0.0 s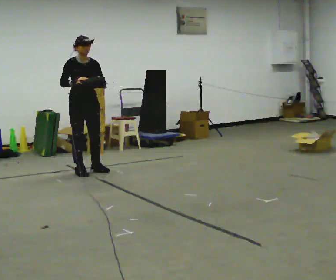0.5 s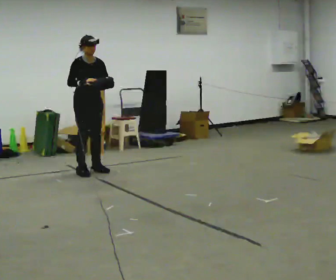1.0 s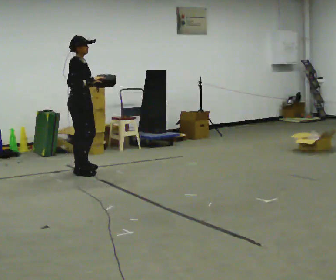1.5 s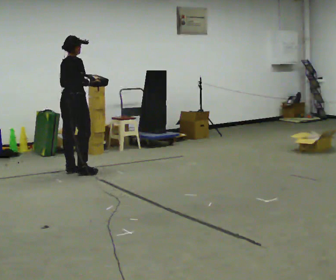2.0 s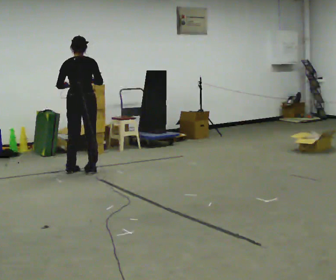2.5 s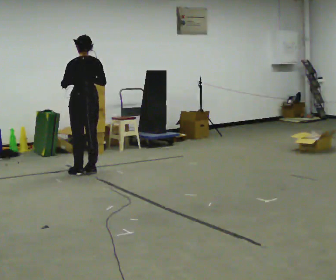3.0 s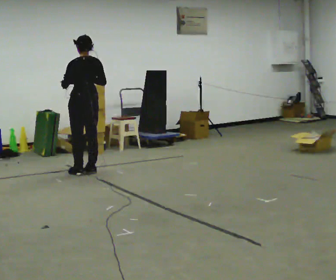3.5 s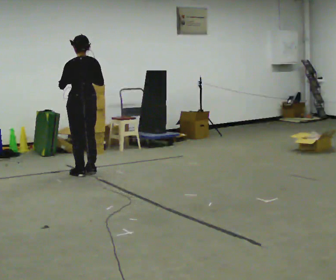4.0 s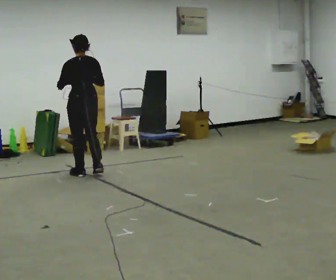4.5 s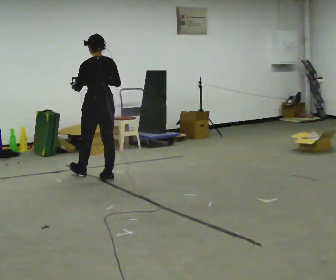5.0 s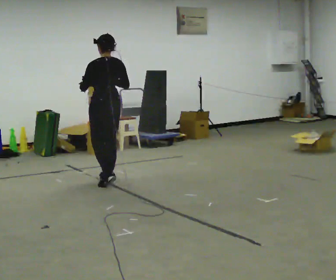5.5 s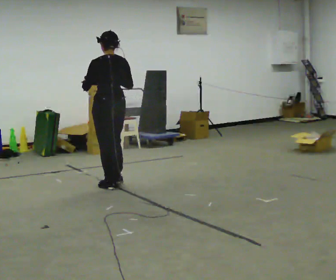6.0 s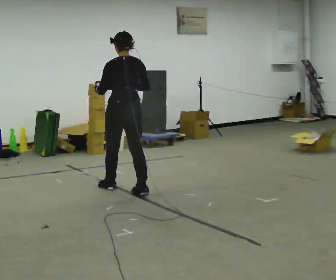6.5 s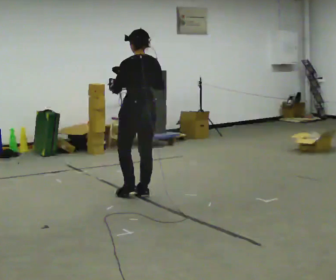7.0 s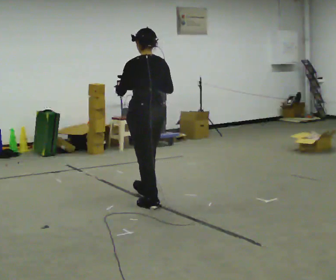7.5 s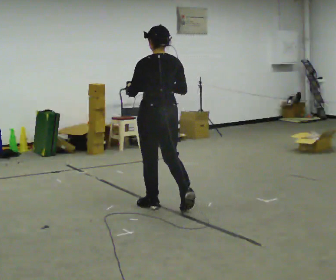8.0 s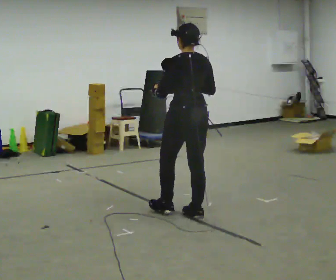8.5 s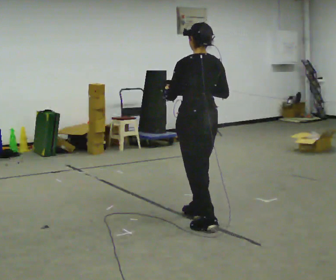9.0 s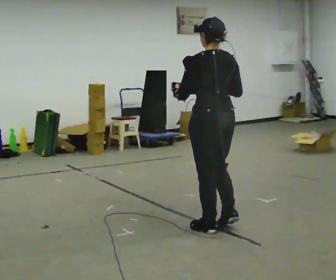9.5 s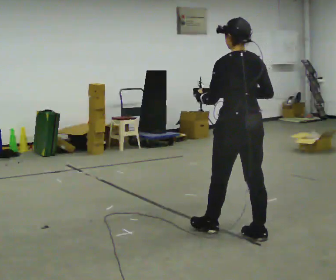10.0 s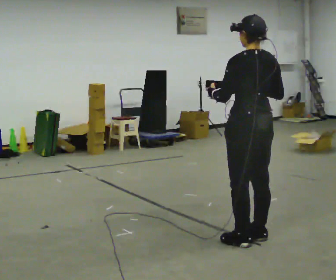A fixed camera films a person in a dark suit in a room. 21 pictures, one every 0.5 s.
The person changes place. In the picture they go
toward the camera.
0.0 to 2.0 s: The part of the body nearest the lens slides to the right as the person turns to their left by about 150 degrees. In the picture their left hand goes to the left.
2.0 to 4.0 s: The person turns about 30 degrees to their left, counterclockwise seen from above, so the part of the body nearest the lens slides to the right. In the picture they go toward the camera, about 0.25 m in 2 steps, which for them is backward.
4.0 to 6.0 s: In the picture they go toward the camera and to the right, about 1 m in 2 steps, which for them is backward.
6.0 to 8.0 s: In the picture they go toward the camera and to the right, about 1 m in 3 steps, which for them is backward.
8.0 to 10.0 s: In the picture they go toward the camera and to the right, about 1 m in 2 steps, which for them is backward.
The film runs backward here.
